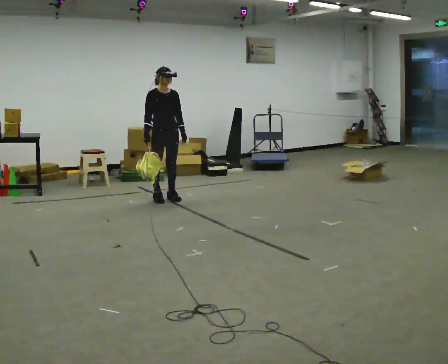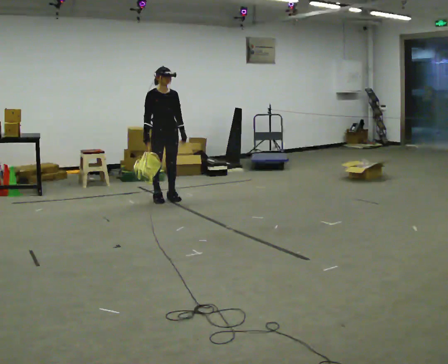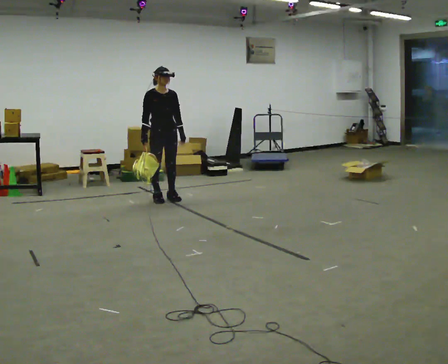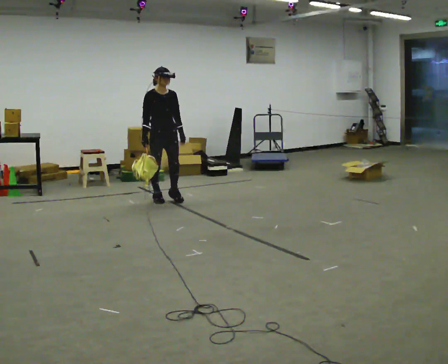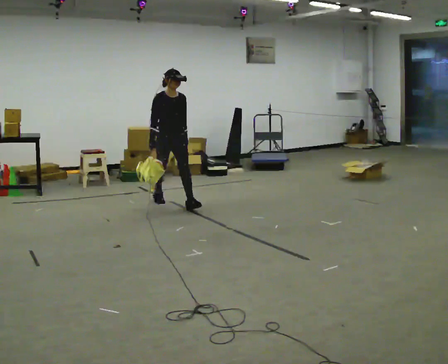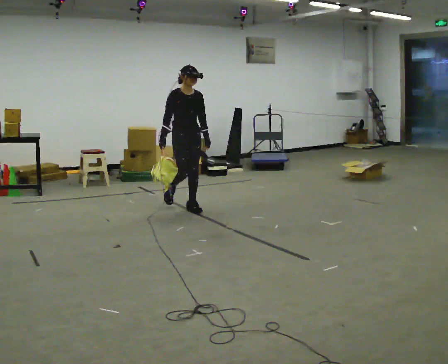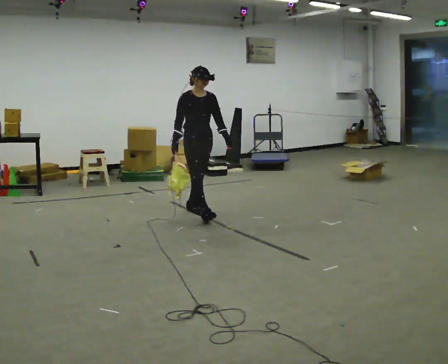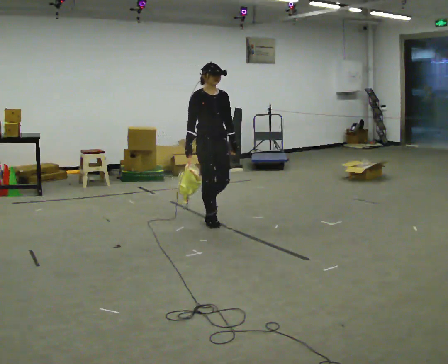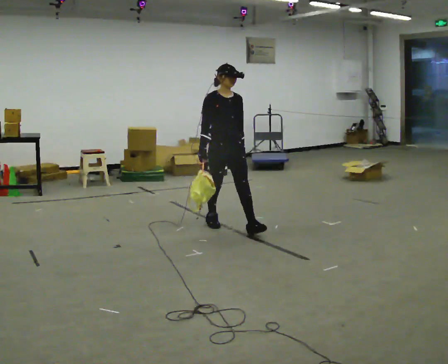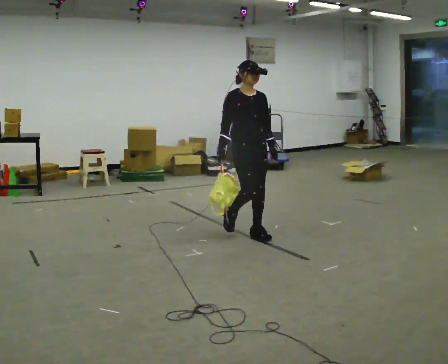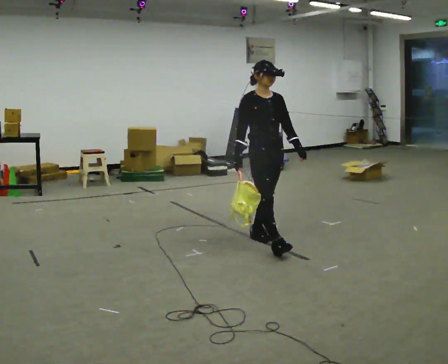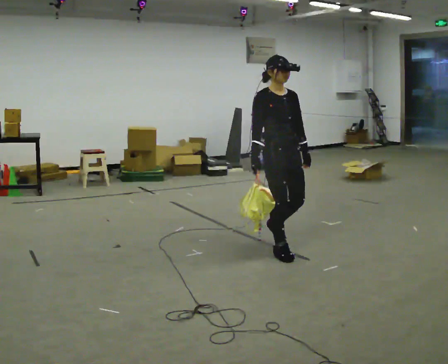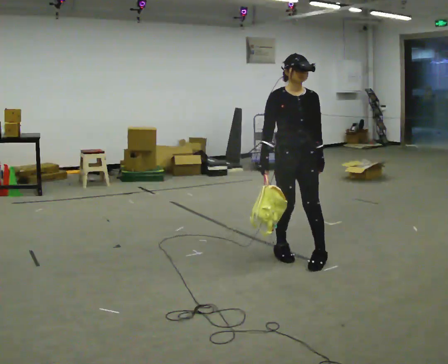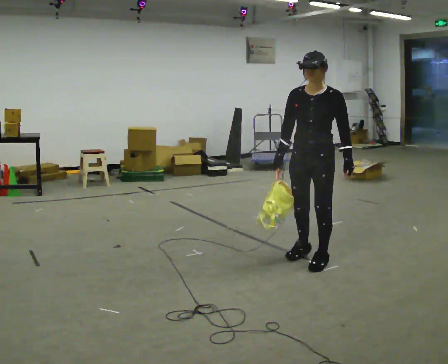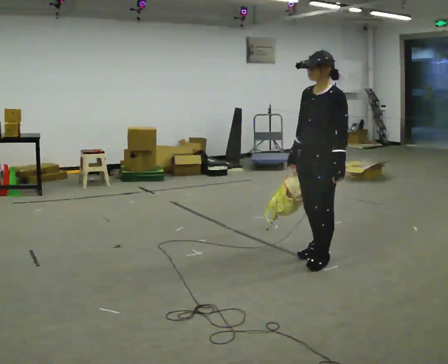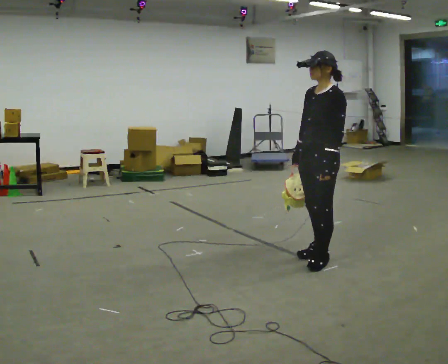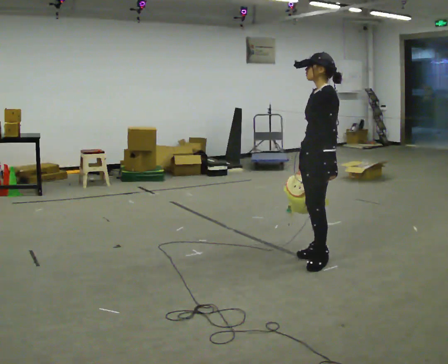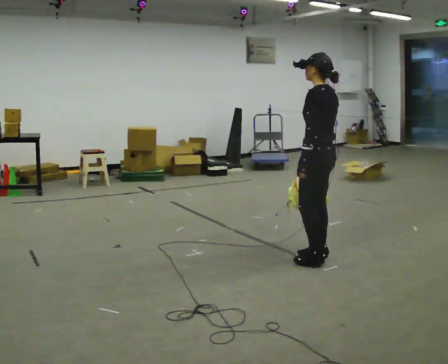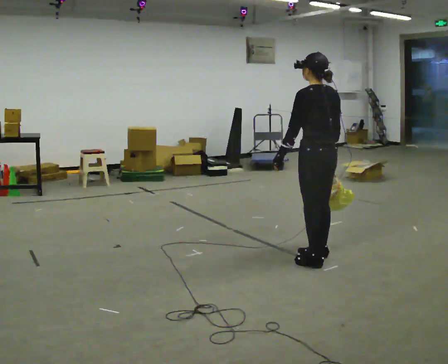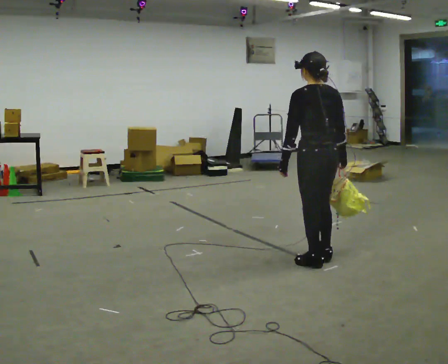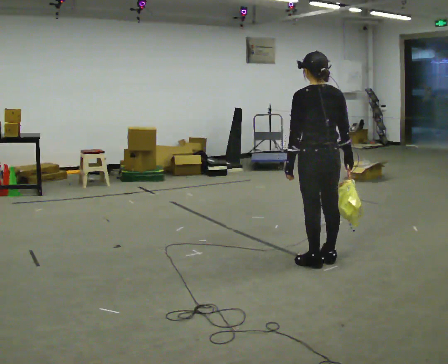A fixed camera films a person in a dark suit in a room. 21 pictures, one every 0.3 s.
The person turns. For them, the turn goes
to their right.
The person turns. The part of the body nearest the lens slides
to the left.
0.0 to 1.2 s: In the picture they go toward the camera, about 0.25 m, which for them is forward.
1.2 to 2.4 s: In the picture they go toward the camera and to the right, about 1 m in 2 steps, which for them is forward.
2.4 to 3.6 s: In the picture they go toward the camera and to the right, about 1 m in 2 steps, which for them is forward.
3.6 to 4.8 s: The part of the body nearest the lens slides to the left as the person turns to their right by about 105 degrees. In the picture they go to the right, about 0.25 m in 2 steps. In the picture their right hand goes to the right.
4.8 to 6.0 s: The person turns about 75 degrees to their right, clockwise seen from above, so the part of the body nearest the lens slides to the left. In the picture their right hand goes to the right.
The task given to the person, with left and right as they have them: Carry the soft bag across the room, back and forth. It will change shape as you move, so hold it however works.
The film runs forward here.
